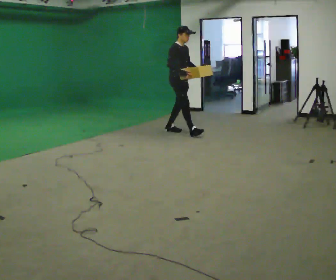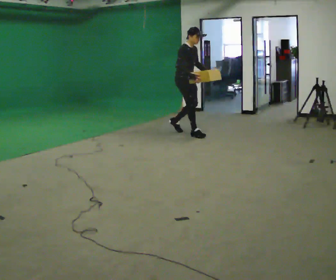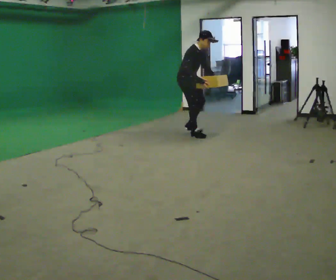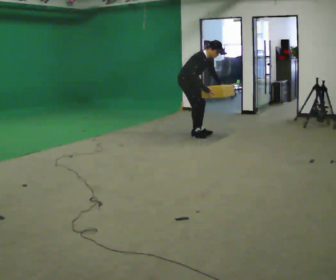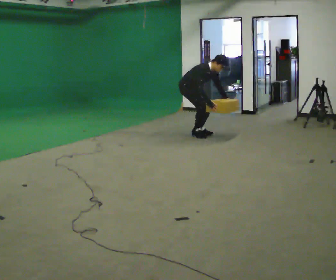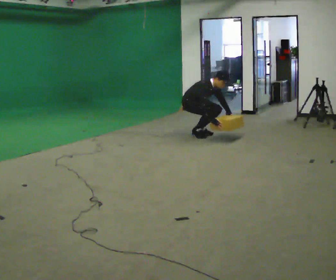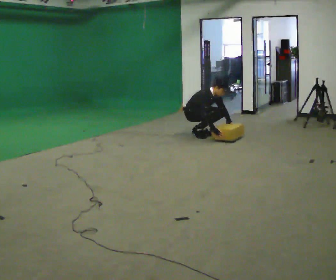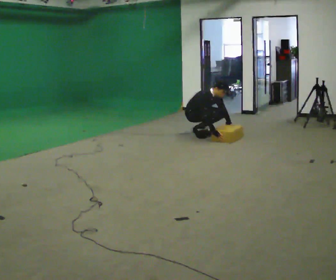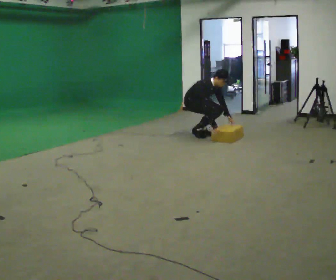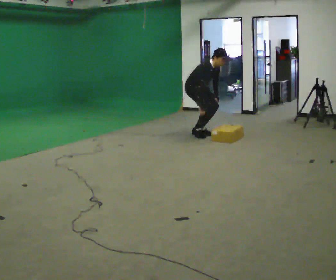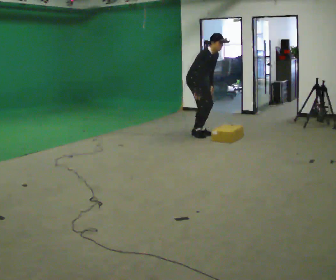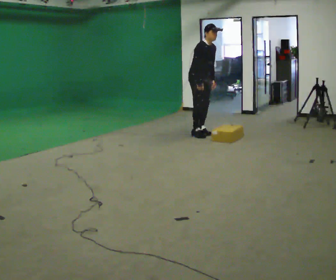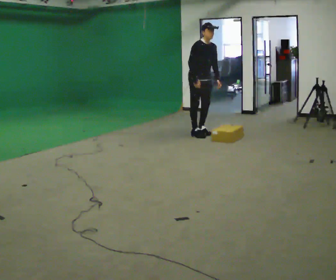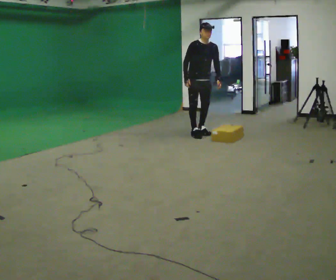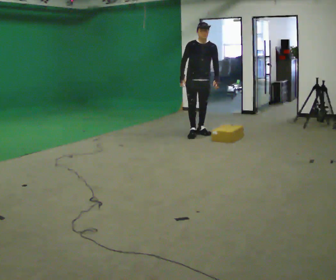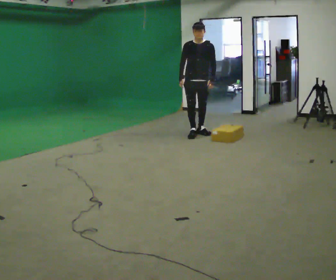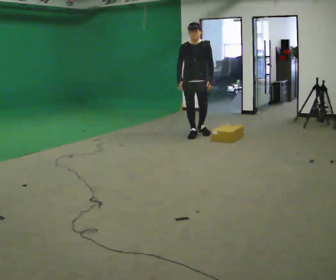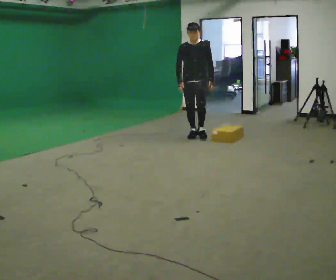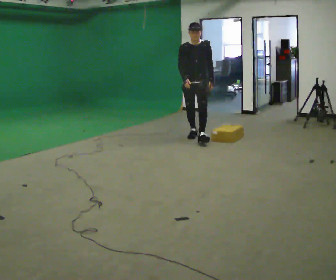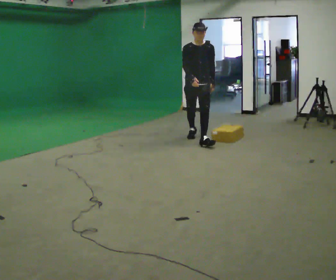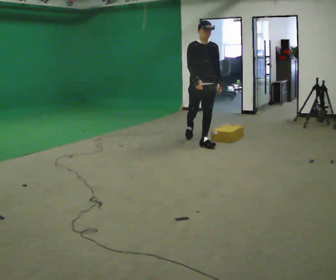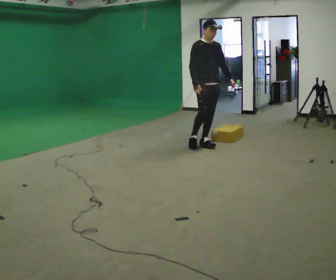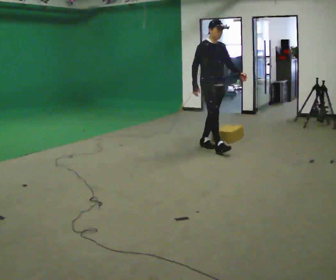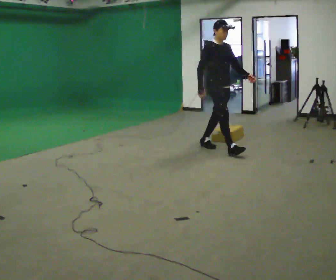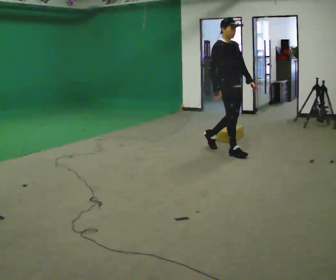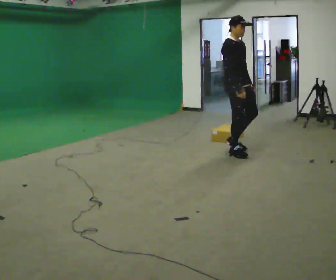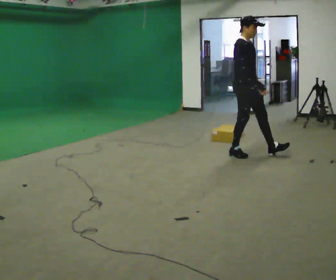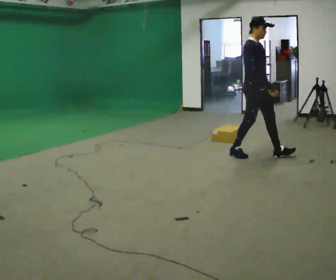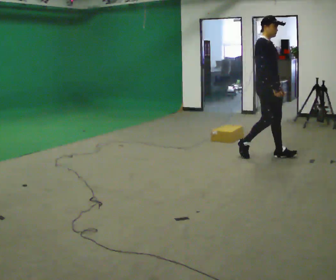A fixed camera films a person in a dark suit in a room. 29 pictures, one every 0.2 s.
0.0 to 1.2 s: In the picture they go to the right, about 0.25 m in 1 step, which for them is forward. The shoulders move downward. In the picture the upper body tilts clockwise, shoulders to the right, as they bend forward. In the picture their right hand goes downward.
1.2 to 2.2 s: The shoulders move upward. In the picture the upper body tilts counterclockwise, shoulders to the left, as they lean back or straighten. In the picture their right hand goes upward.
2.2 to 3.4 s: The person turns about 60 degrees to their right, clockwise seen from above, so the part of the body nearest the lens slides to the left. In the picture they go toward the camera, about 0.25 m, which for them is forward. In the picture the upper body tilts counterclockwise, shoulders to the left, as they lean back or straighten.
3.4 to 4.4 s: The part of the body nearest the lens slides to the right as the person turns to their left by about 45 degrees. In the picture they go toward the camera and to the right, about 0.75 m in 1 step, which for them is forward.
4.4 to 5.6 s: In the picture they go to the right and toward the camera, about 1 m in 2 steps, which for them is forward.
The film runs forward here.
